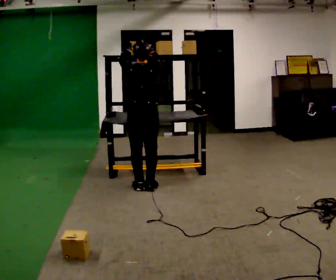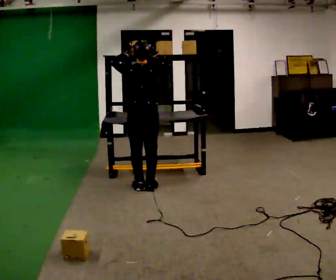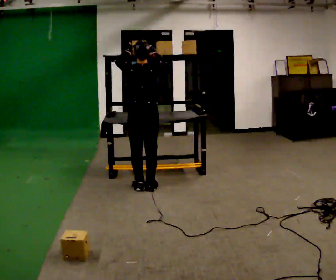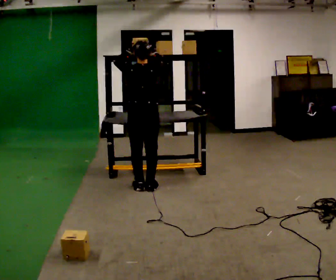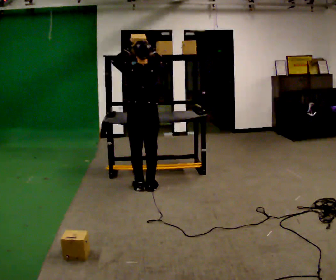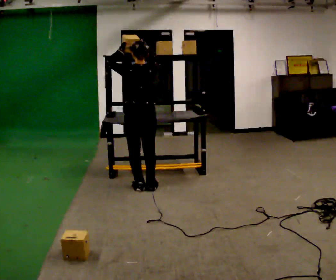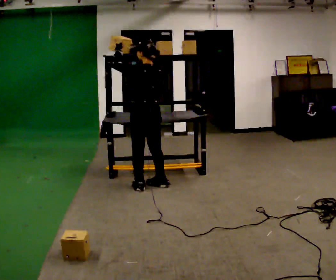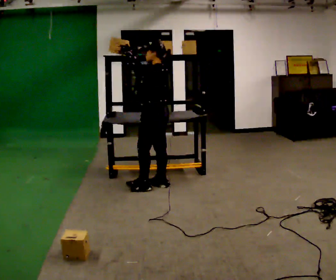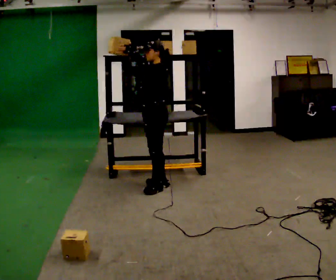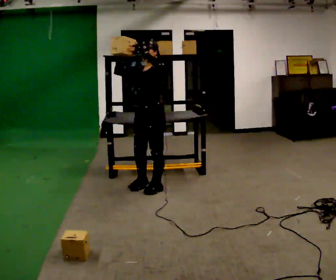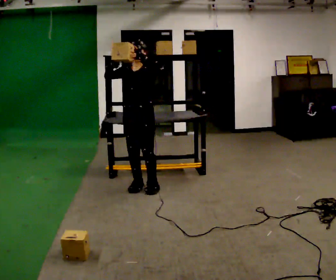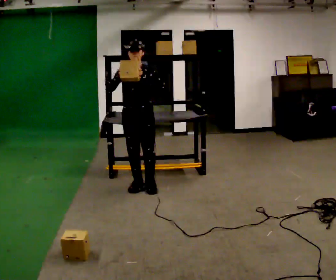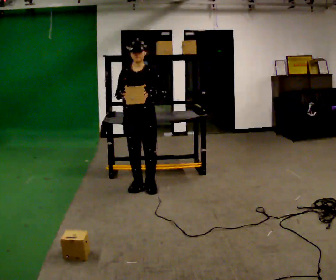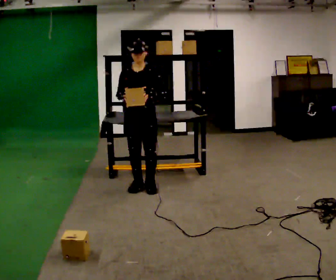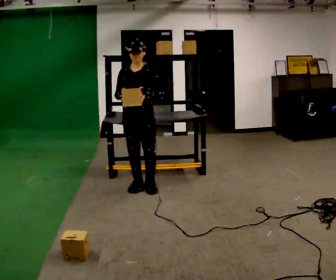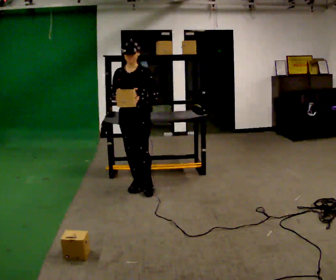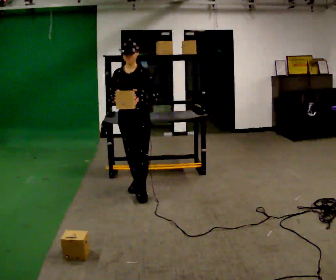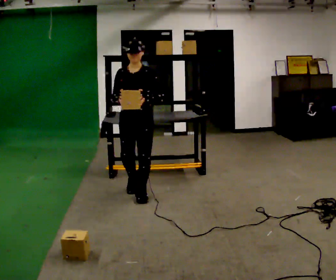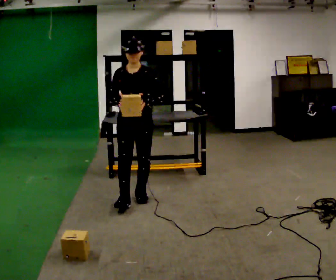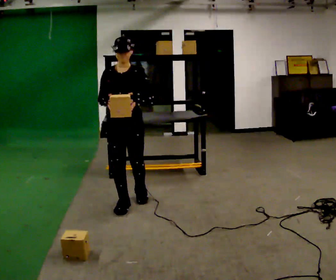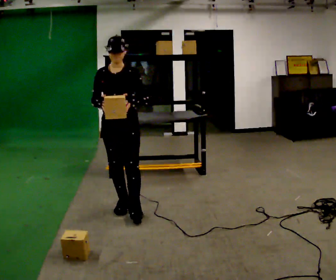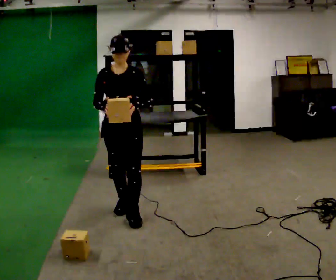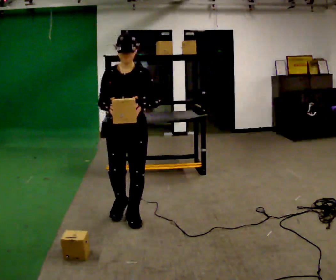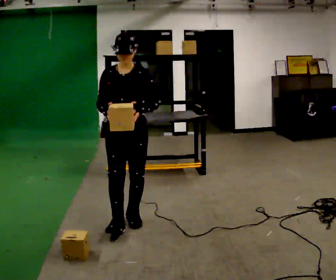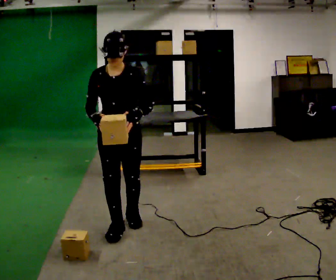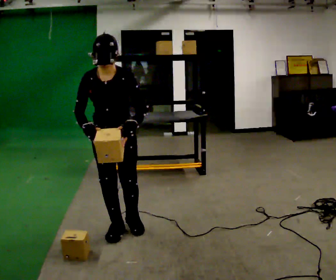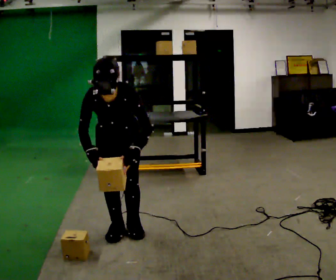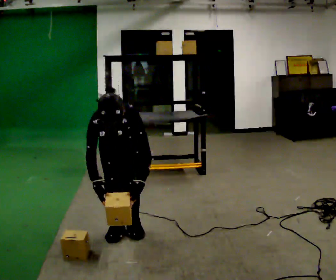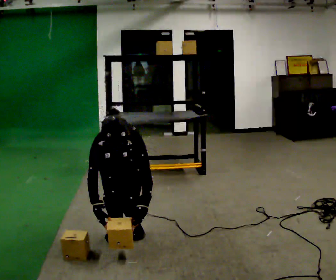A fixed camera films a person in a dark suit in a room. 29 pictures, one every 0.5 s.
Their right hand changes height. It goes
downward.
The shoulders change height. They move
downward.
0.0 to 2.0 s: The person moves a little, or ends about where they began.
2.0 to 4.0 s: The part of the body nearest the lens slides to the right as the person turns to their left by about 105 degrees. In the picture their right hand goes to the left.
4.0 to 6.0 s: Seen from above the body turns counterclockwise, about 75 degrees: to their left, with its near side sliding to the right. In the picture they go to the left, about 0.25 m in 1 step. In the picture their left hand goes downward.
6.0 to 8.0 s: The person moves a little, or ends about where they began.
8.0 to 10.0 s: In the picture they go toward the camera, about 0.5 m in 1 step, which for them is forward.
10.0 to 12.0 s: In the picture they go toward the camera, about 0.5 m in 2 steps, which for them is forward.
12.0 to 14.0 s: The upper body goes downward. The upper body tips toward the camera, its near side rolling downward, as they bend forward. In the picture their left hand goes downward.
The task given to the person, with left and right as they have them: Take an object down from the highest shelf you can comfortably reach, carry it across the room, and set it on the floor. Keep going until the operator says stop; one object at a time, and do not rush between trips.
The film runs forward here.
